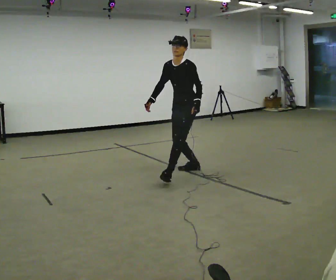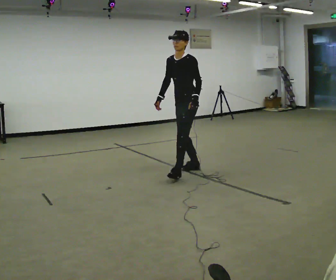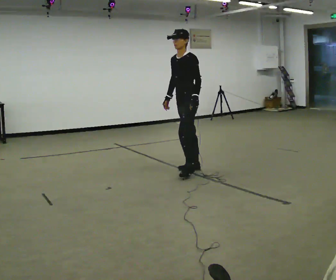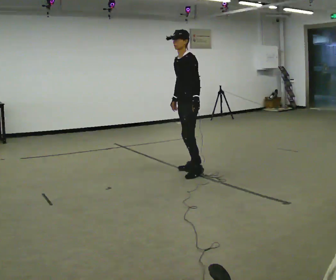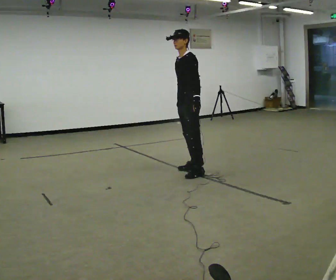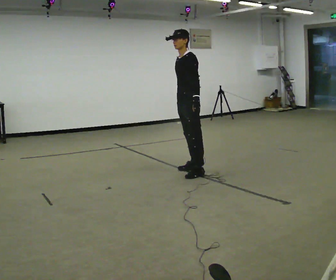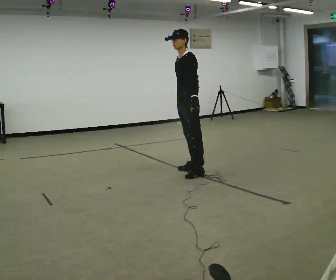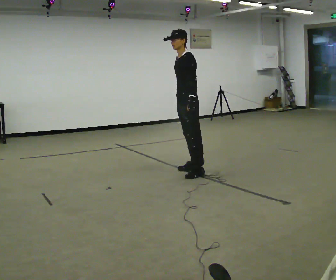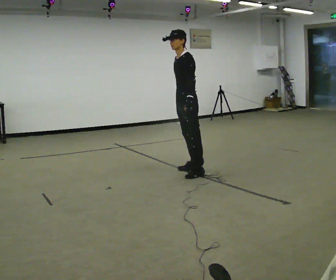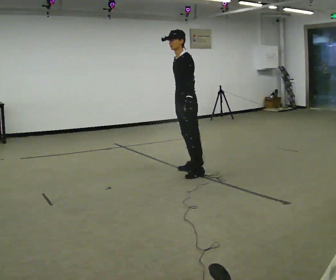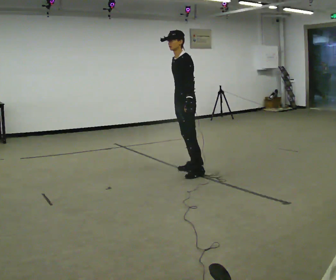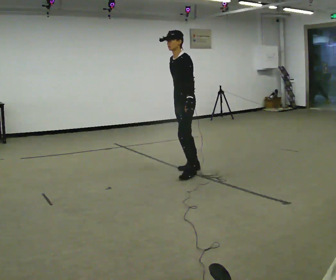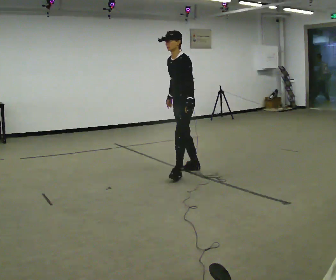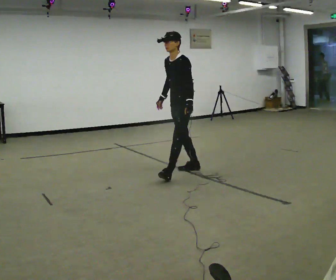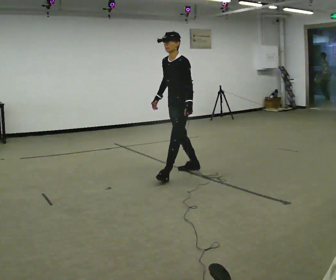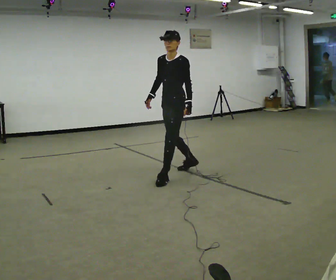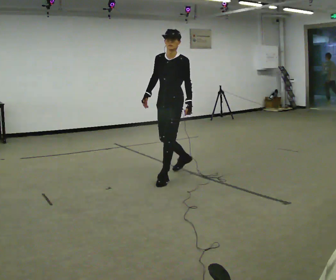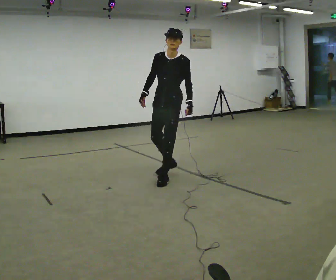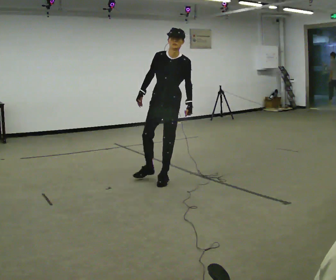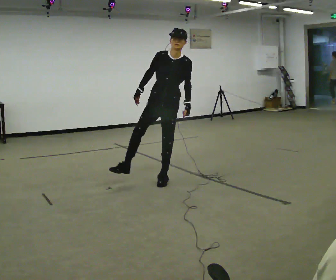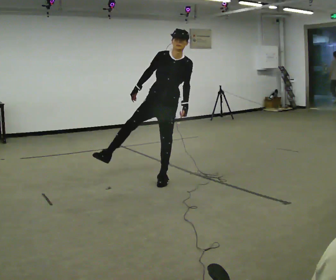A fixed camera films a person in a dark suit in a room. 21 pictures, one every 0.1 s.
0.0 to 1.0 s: In the picture their right hand goes to the right.
1.0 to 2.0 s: The person turns about 60 degrees to their left, counterclockwise seen from above, so the part of the body nearest the lens slides to the right. In the picture they go toward the camera and to the left, about 0.5 m. In the picture the upper body tilts clockwise, shoulders to the right.
The film runs backward here.
